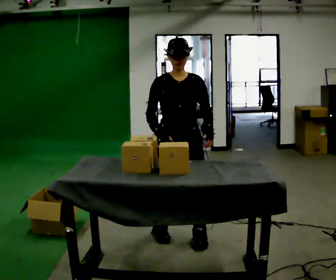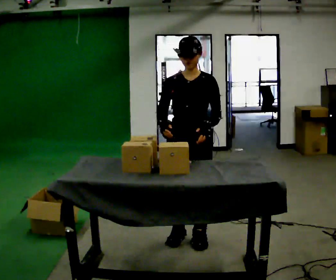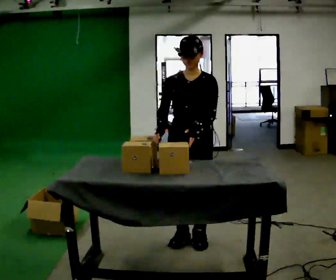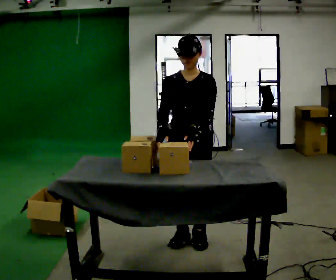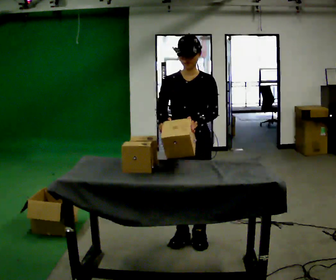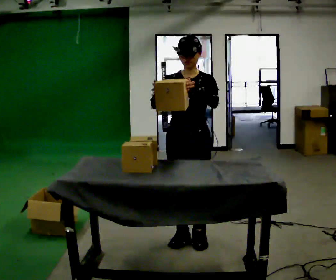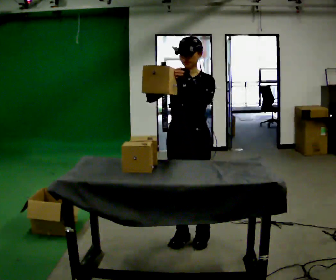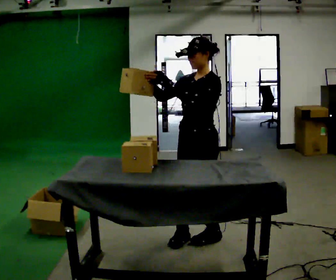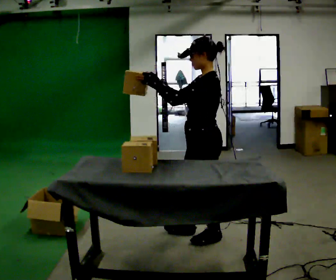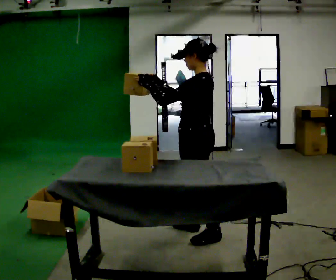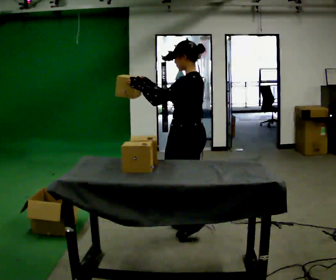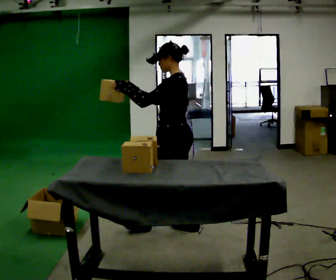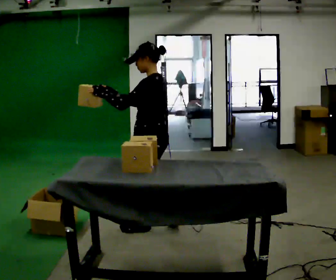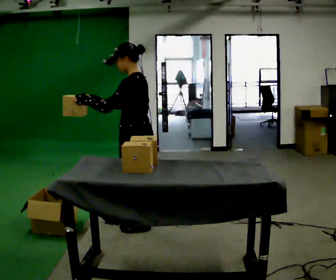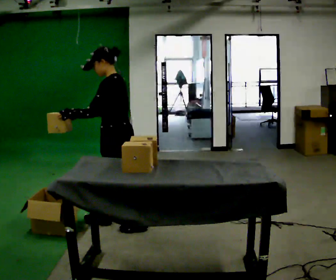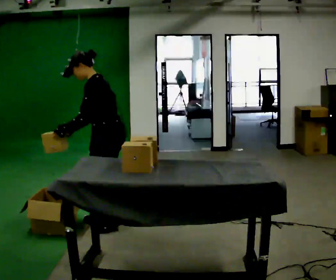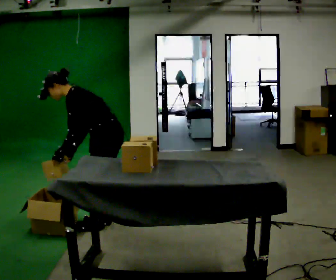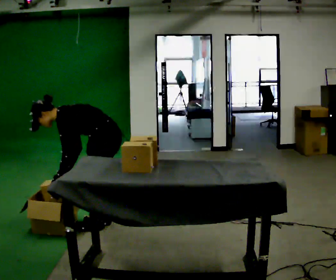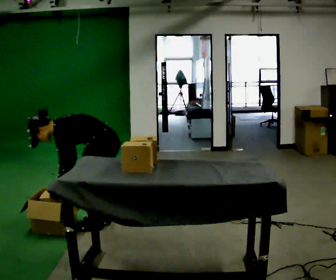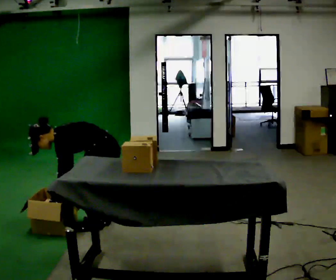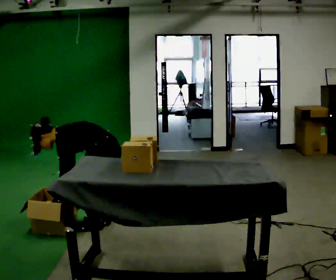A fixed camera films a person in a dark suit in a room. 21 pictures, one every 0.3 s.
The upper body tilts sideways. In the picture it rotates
counterclockwise.
The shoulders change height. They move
downward.
0.0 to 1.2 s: The person moves a little, or ends about where they began.
1.2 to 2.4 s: The person turns about 75 degrees to their right, clockwise seen from above, so the part of the body nearest the lens slides to the left.
2.4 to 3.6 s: In the picture they go to the left and away from the camera, about 0.5 m in 2 steps, which for them is forward.
3.6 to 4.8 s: In the picture they go to the left, about 0.5 m in 2 steps, which for them is forward. The shoulders move downward. In the picture the upper body tilts counterclockwise, shoulders to the left, as they bend forward. In the picture their right hand goes downward, the arm swinging counterclockwise.
4.8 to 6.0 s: The upper body goes downward. In the picture the upper body tilts counterclockwise, shoulders to the left, as they bend forward. In the picture their left hand goes downward.
The film runs forward here.
